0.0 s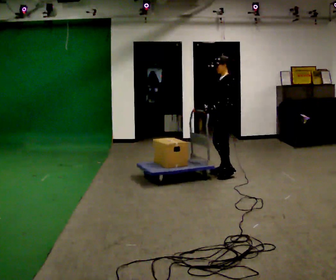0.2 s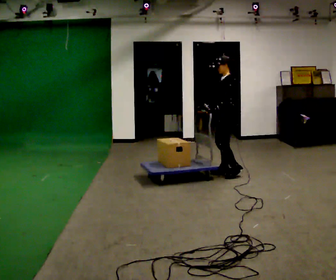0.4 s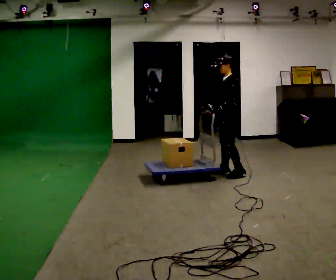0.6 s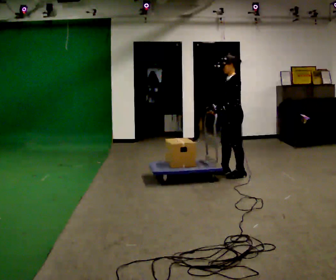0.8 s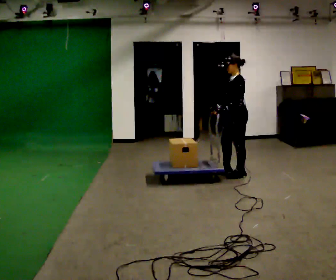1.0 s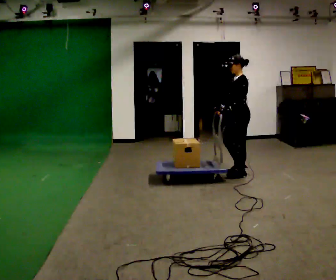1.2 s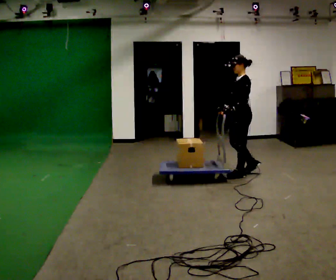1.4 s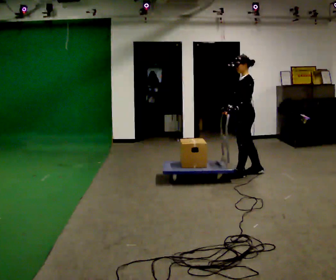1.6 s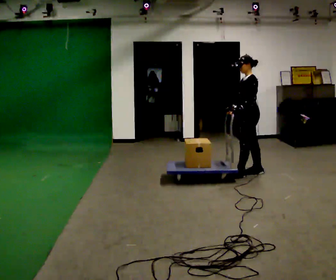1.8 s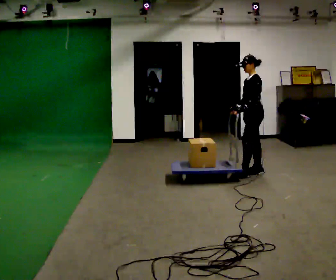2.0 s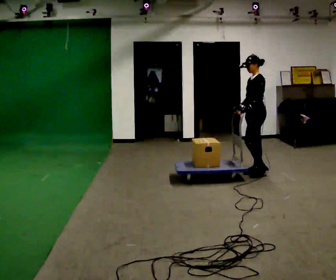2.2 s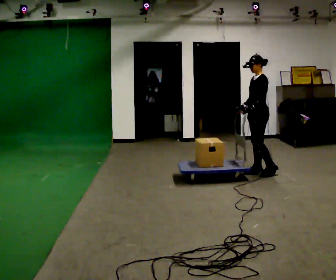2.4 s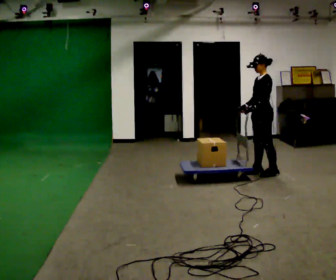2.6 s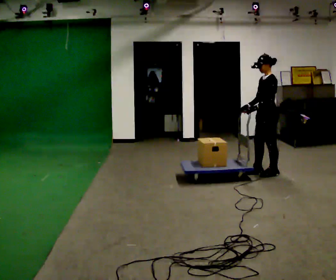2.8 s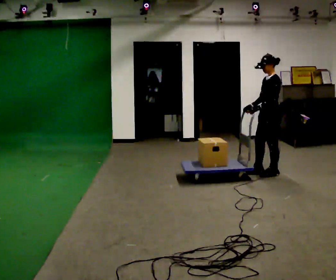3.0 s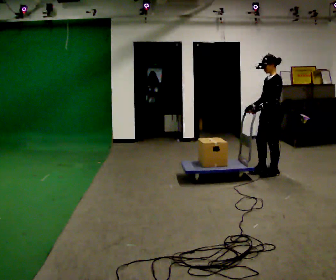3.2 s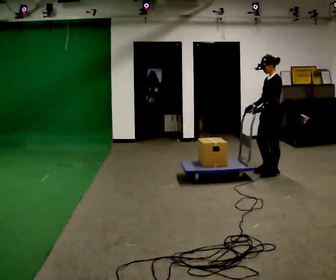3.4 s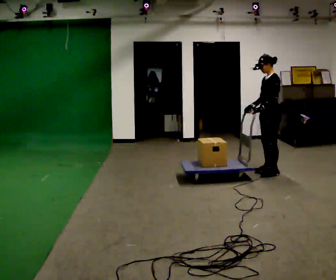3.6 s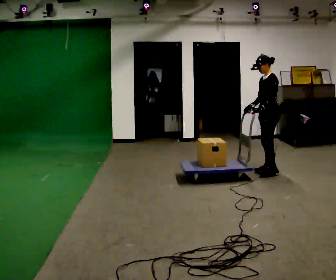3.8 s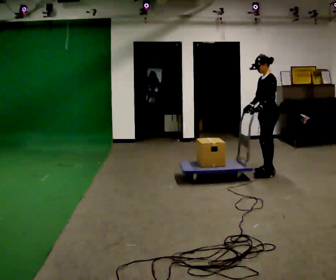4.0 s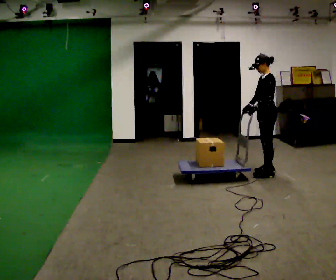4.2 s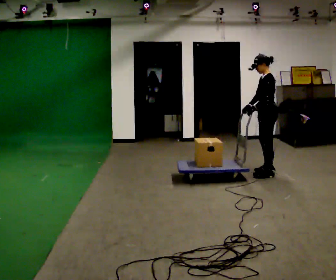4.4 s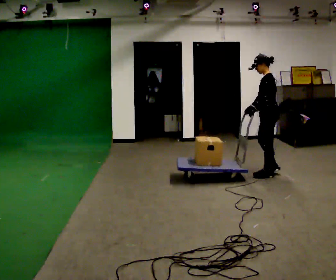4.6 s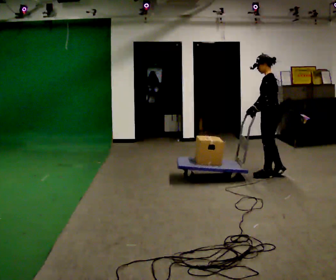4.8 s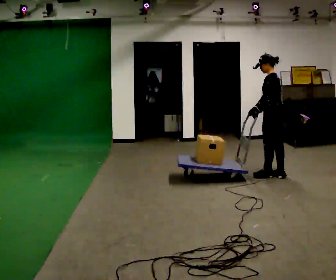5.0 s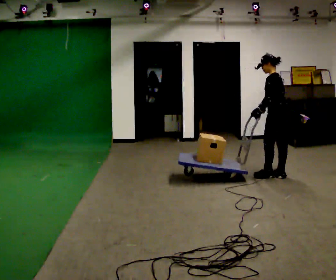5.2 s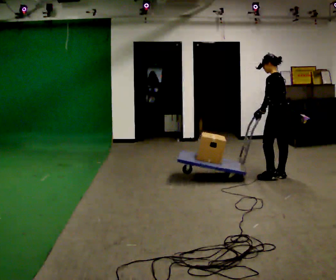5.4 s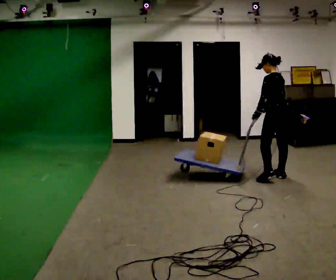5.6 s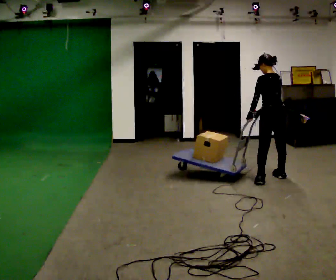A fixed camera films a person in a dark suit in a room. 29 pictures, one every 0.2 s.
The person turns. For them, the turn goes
to their right.
The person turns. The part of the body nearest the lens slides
to the left.
0.0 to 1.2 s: In the picture they go to the right, about 0.25 m in 1 step, which for them is to their left and backward.
1.2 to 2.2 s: In the picture they go to the right, about 0.25 m in 1 step, which for them is backward.
2.2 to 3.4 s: In the picture they go to the right, about 0.25 m, which for them is backward.
3.4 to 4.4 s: The person moves a little, or ends about where they began.
4.4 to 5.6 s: The person turns about 45 degrees to their right, clockwise seen from above, so the part of the body nearest the lens slides to the left. In the picture they go toward the camera, about 0.25 m in 1 step, which for them is to their left.
The film runs backward here.
